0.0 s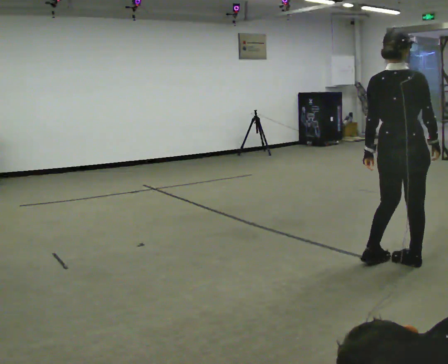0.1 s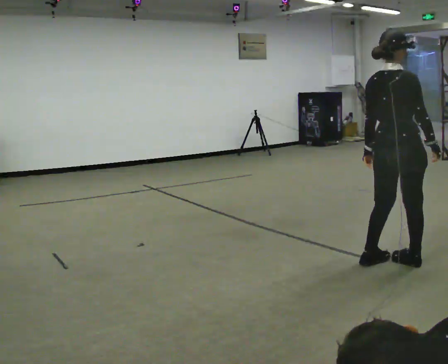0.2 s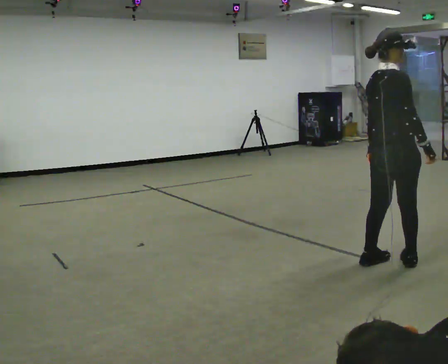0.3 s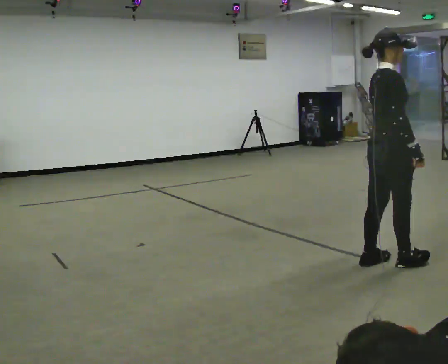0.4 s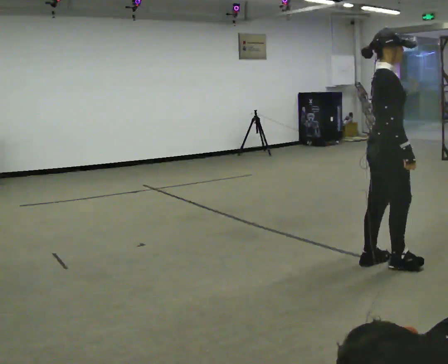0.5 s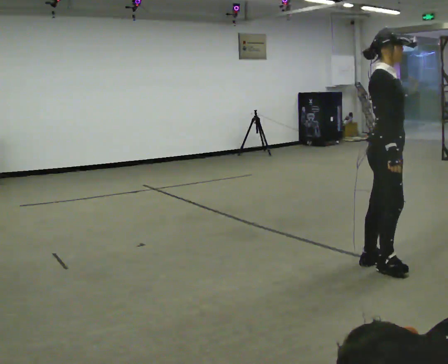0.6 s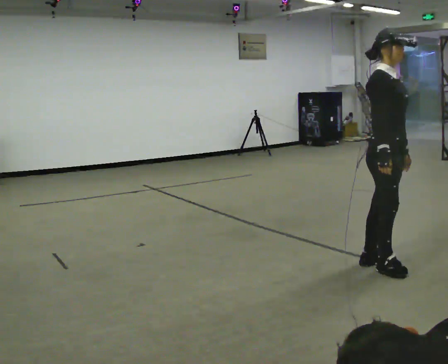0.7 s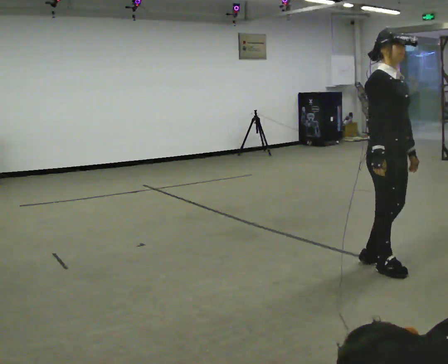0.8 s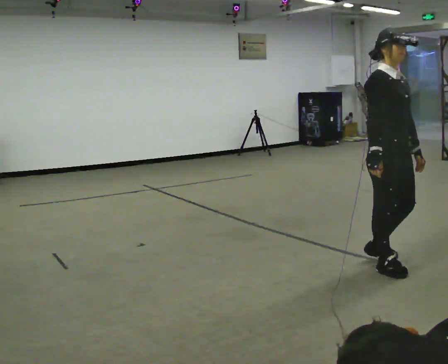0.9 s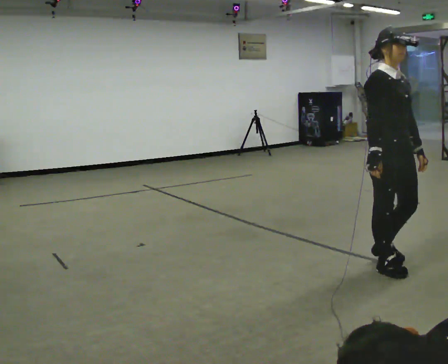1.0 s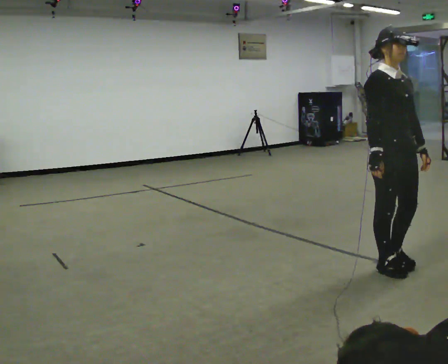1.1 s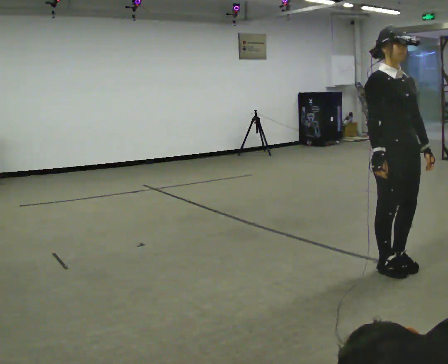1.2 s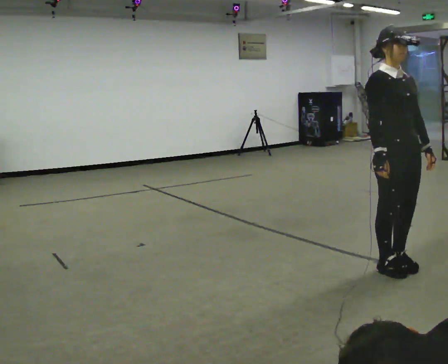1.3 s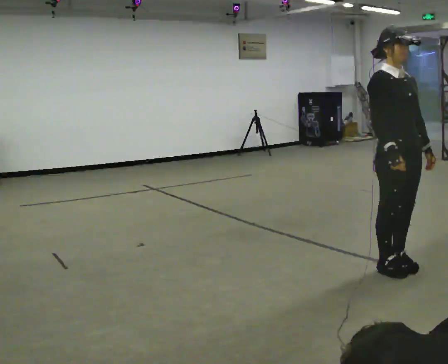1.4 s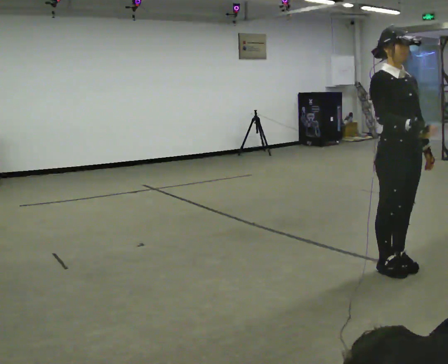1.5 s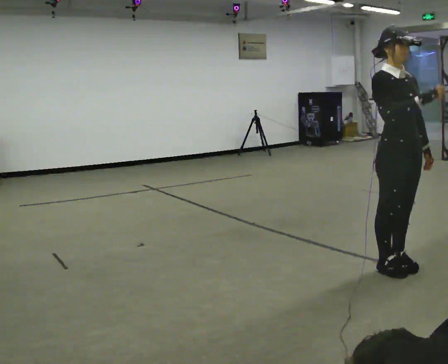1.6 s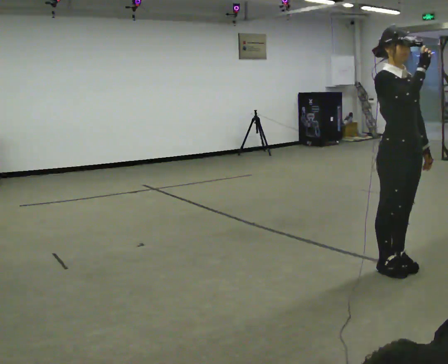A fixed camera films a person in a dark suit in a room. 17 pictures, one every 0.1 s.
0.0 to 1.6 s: The part of the body nearest the lens slides to the left as the person turns to their right by about 105 degrees. In the picture their right hand goes upward.
The film runs forward here.
